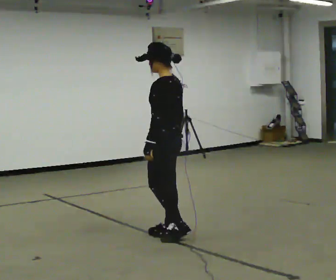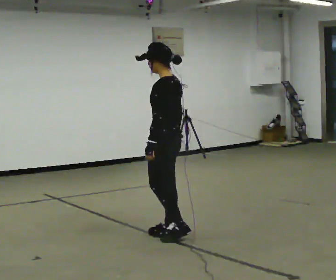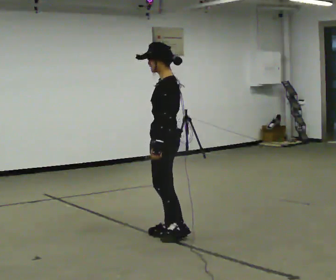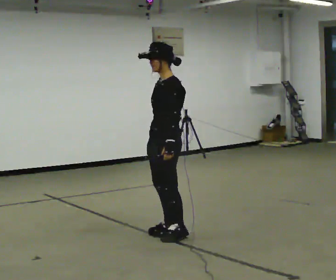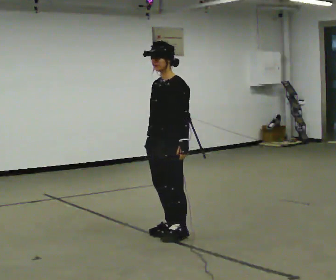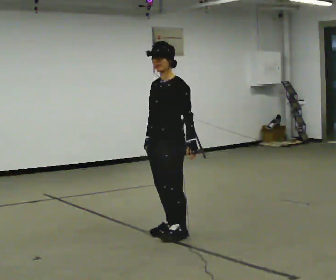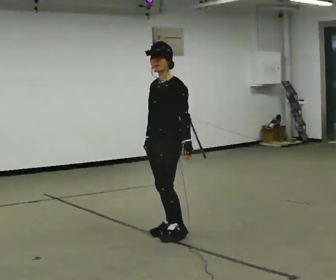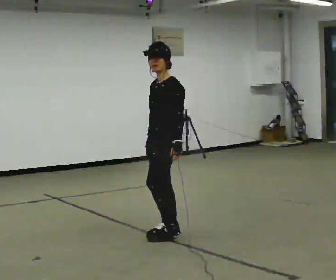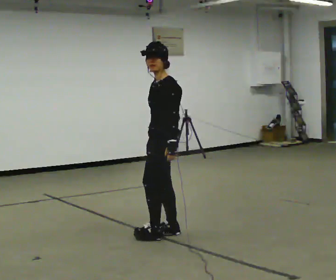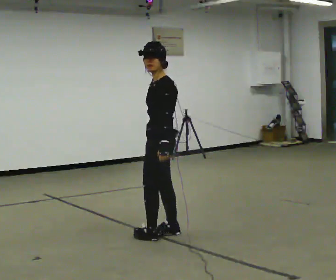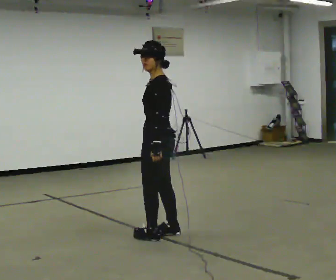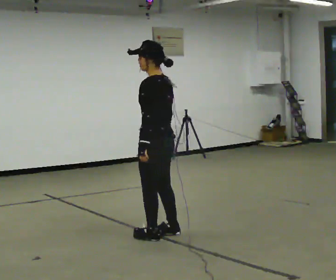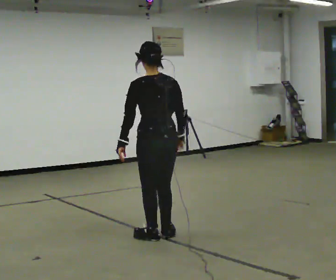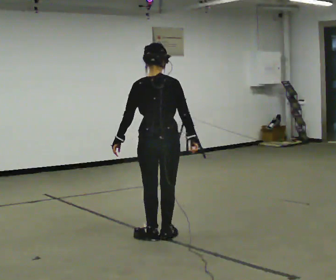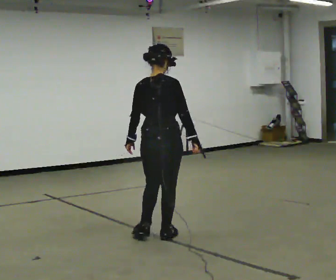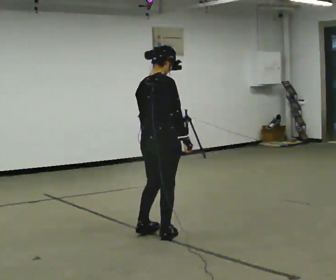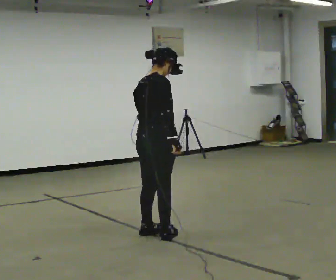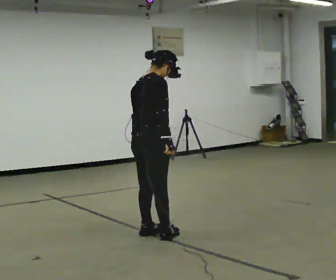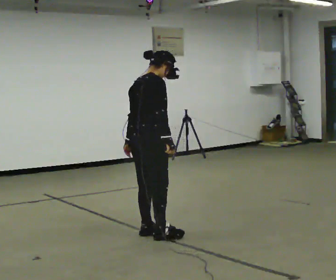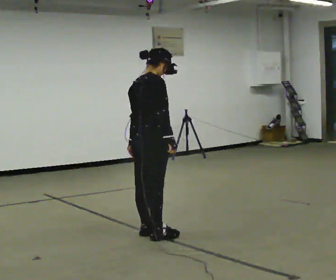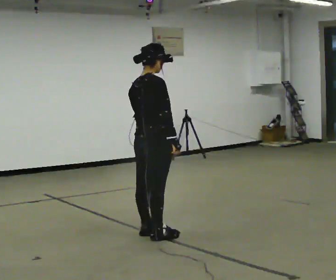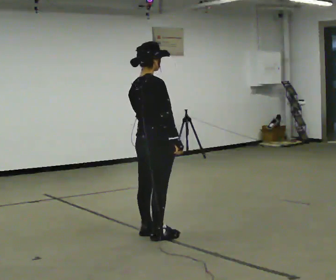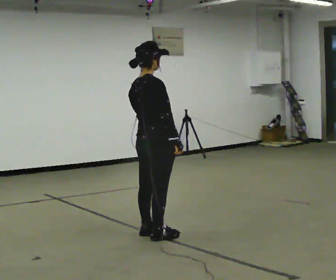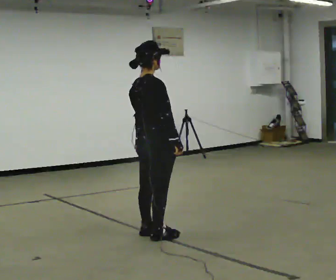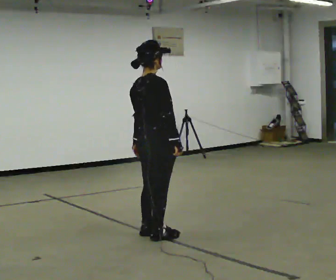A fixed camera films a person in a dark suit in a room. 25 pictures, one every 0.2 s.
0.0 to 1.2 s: The part of the body nearest the lens slides to the right as the person turns to their left by about 45 degrees. In the picture their left hand goes to the right.
1.2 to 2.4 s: Seen from above the body turns clockwise, about 105 degrees: to their right, with its near side sliding to the left. In the picture their left hand goes to the left, the arm swinging clockwise.
2.4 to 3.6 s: Seen from above the body turns clockwise, about 75 degrees: to their right, with its near side sliding to the left.
3.6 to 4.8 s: The person moves a little, or ends about where they began.
The film runs forward here.
